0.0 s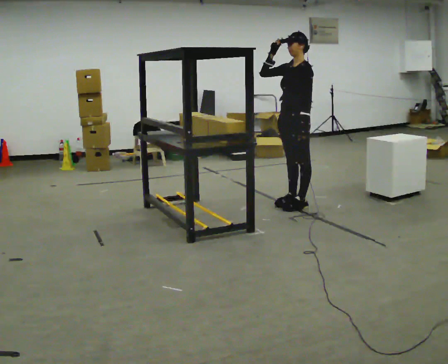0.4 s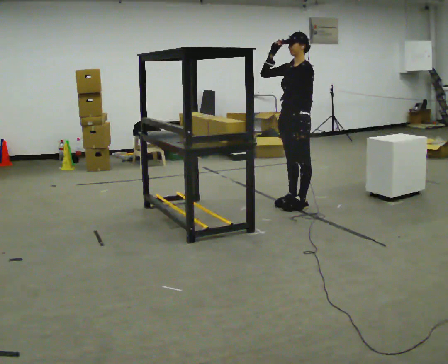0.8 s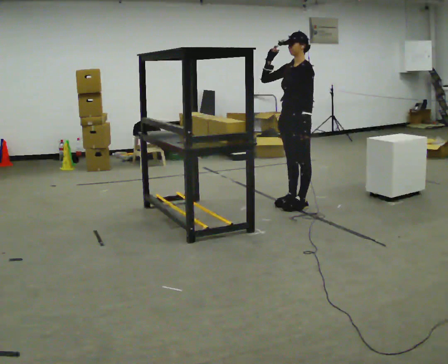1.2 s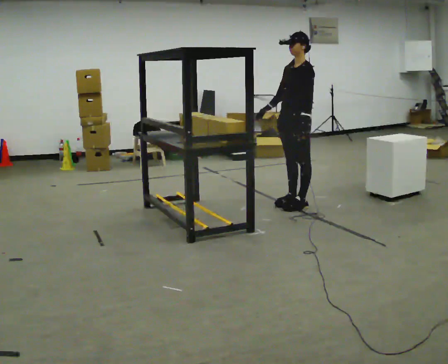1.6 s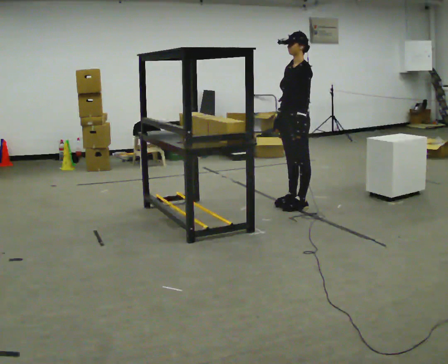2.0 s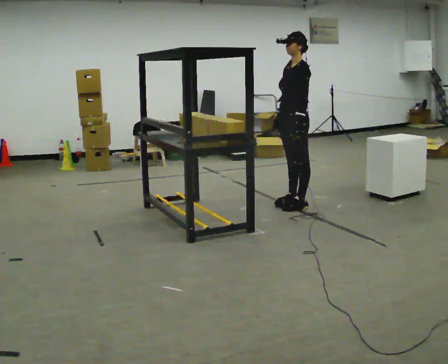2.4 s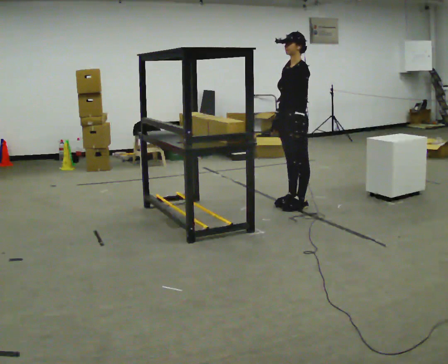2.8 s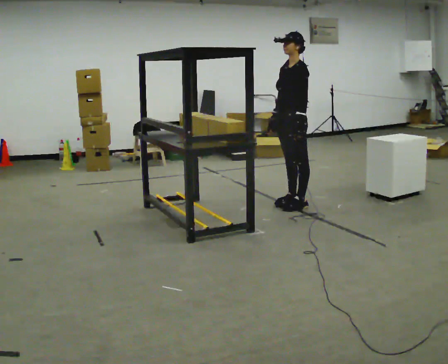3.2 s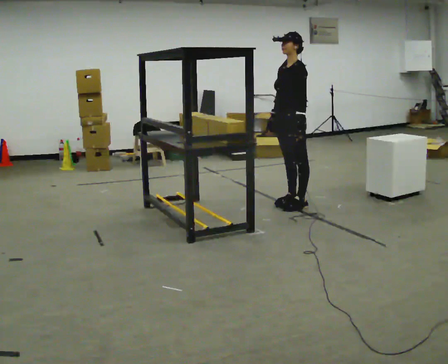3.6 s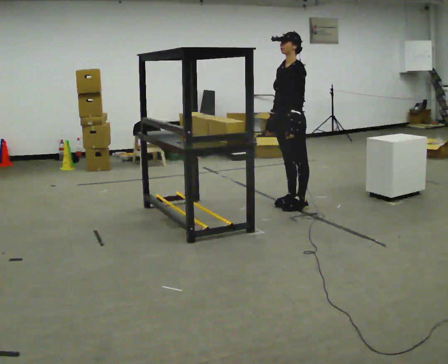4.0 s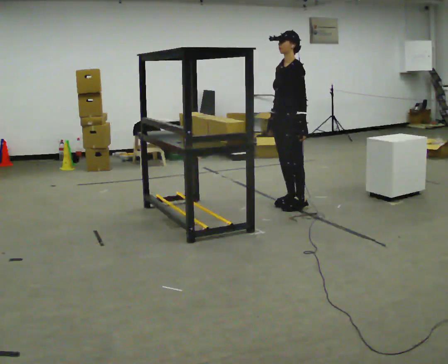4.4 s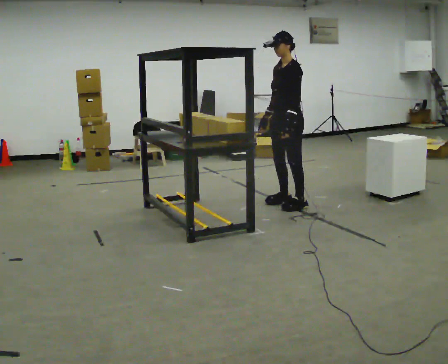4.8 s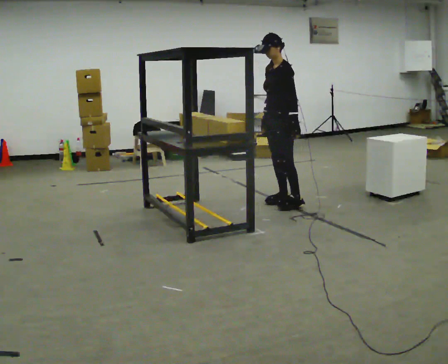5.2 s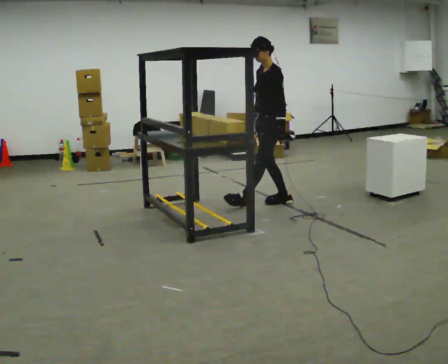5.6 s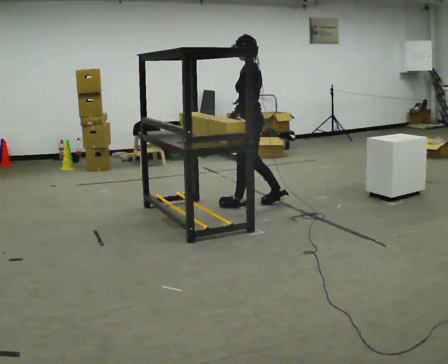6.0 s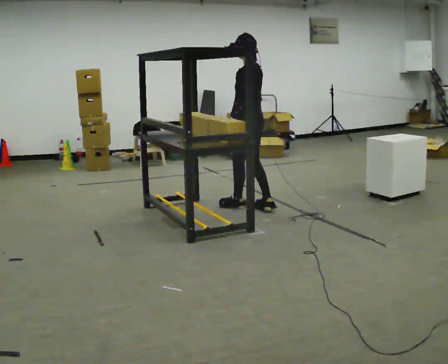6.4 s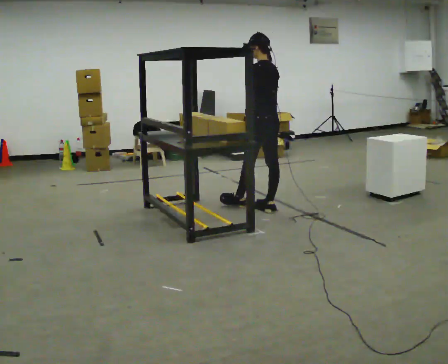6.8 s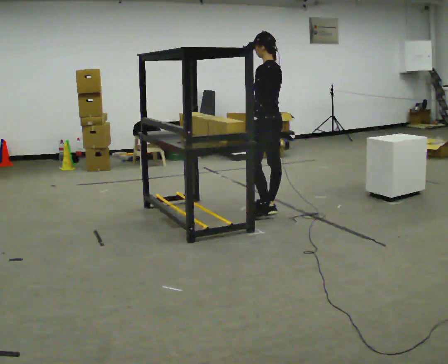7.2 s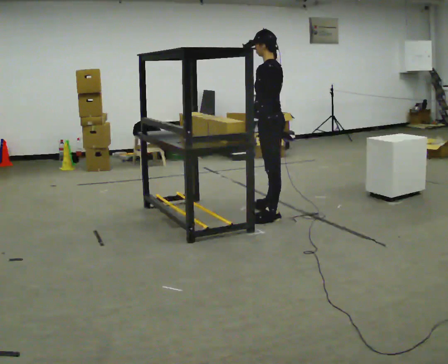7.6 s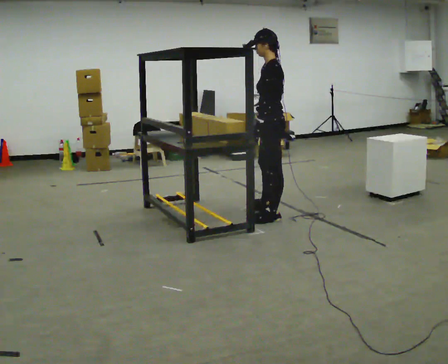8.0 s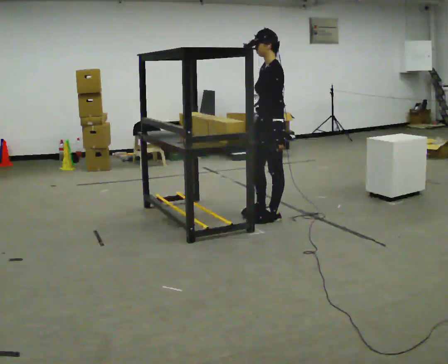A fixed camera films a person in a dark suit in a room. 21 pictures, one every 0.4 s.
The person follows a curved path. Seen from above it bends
counterclockwise.
0.0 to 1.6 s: In the picture their right hand goes downward.
1.6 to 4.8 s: The person moves a little, or ends about where they began.
4.8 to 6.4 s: Seen from above the body turns clockwise, about 75 degrees: to their right, with its near side sliding to the left. In the picture they go toward the camera and to the left, about 0.25 m in 1 step.
6.4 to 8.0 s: The person turns about 45 degrees to their left, counterclockwise seen from above, so the part of the body nearest the lens slides to the right. In the picture they go toward the camera, about 0.25 m in 1 step, which for them is backward and to their left.
The film runs backward here.
